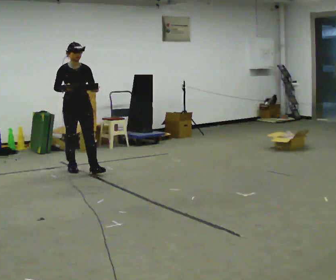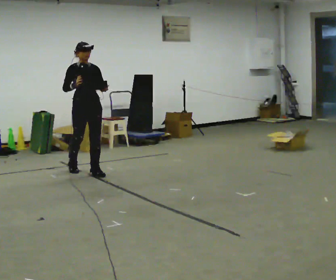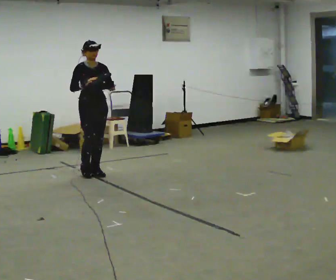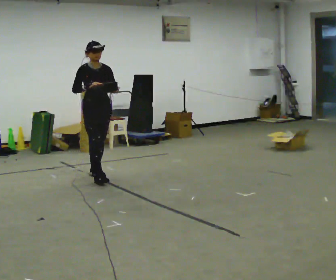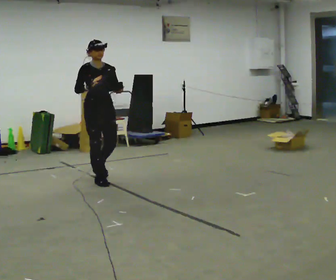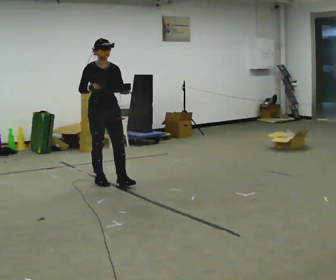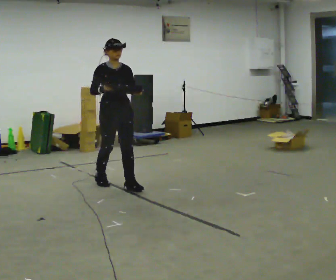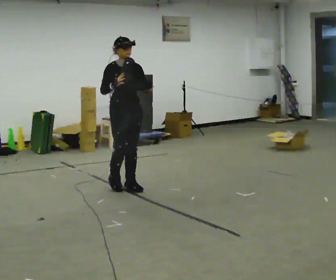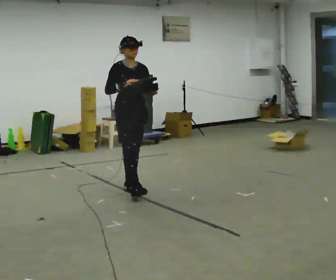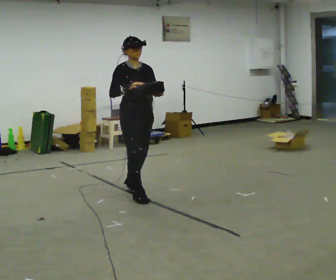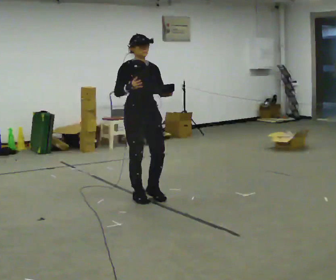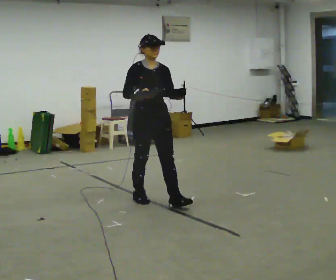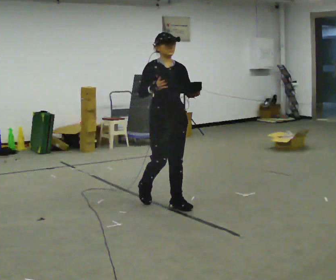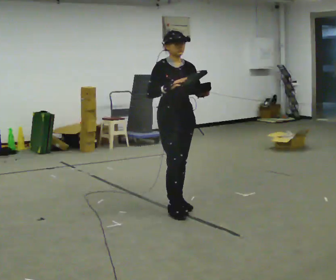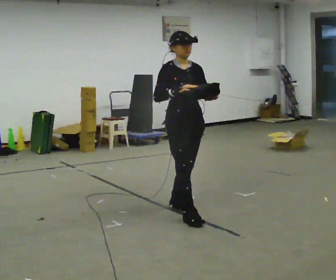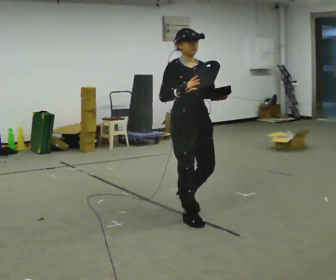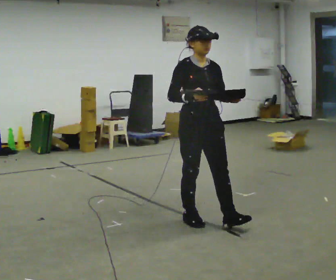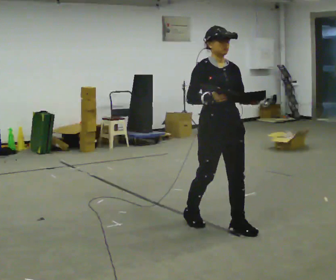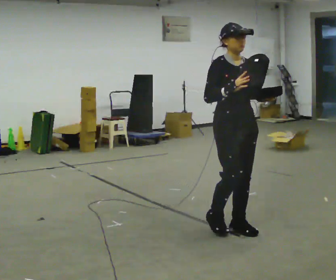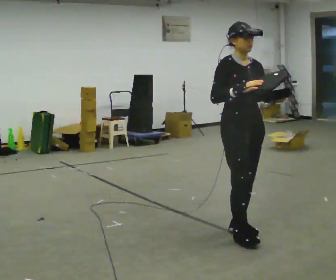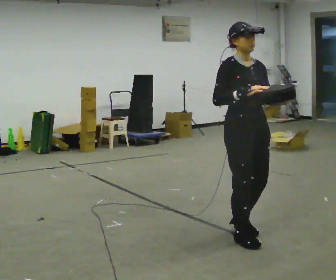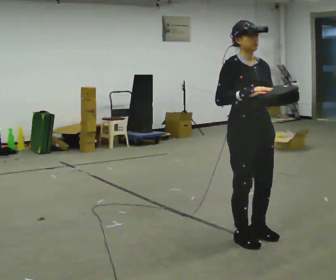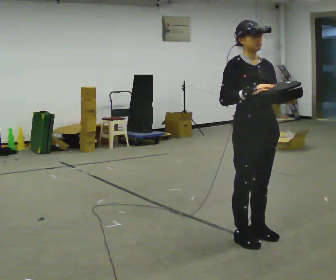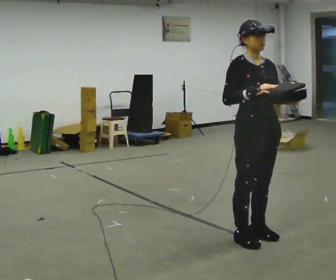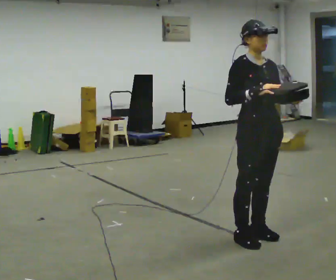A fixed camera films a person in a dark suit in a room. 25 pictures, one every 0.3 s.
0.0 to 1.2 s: In the picture they go toward the camera and to the right, about 0.5 m in 2 steps, which for them is forward.
1.2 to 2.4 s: In the picture they go to the right and toward the camera, about 0.5 m in 1 step, which for them is forward.
2.4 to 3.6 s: In the picture they go toward the camera and to the right, about 0.75 m in 2 steps, which for them is forward.
3.6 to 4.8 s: In the picture they go toward the camera and to the right, about 0.5 m in 1 step, which for them is forward.
4.8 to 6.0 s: In the picture they go toward the camera and to the right, about 0.5 m in 2 steps, which for them is forward.
6.0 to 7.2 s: The person moves a little, or ends about where they began.
The film runs forward here.
